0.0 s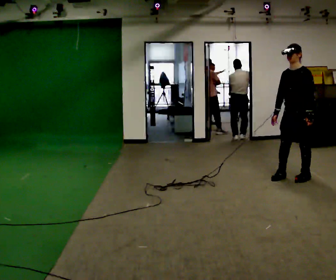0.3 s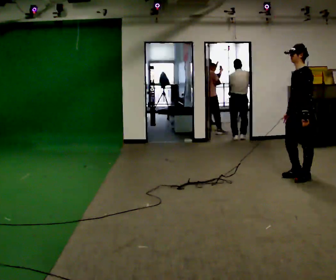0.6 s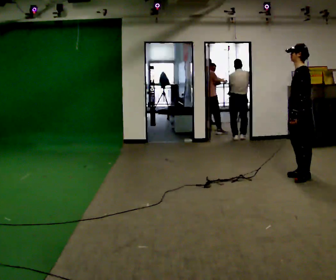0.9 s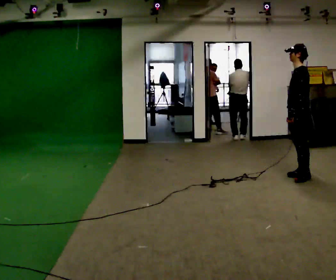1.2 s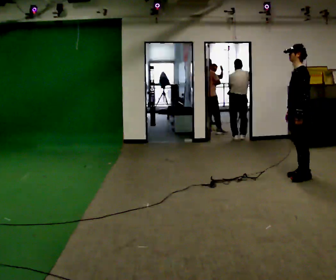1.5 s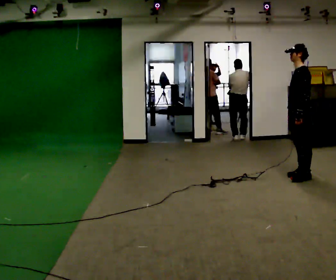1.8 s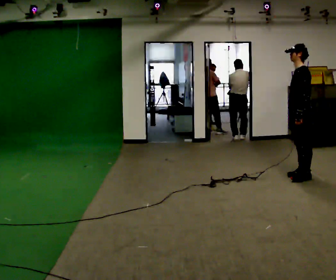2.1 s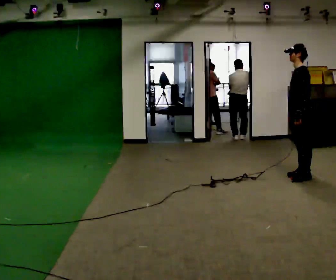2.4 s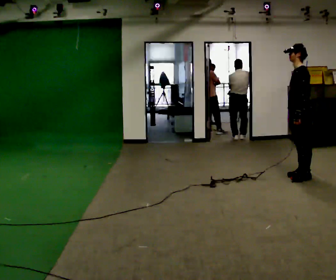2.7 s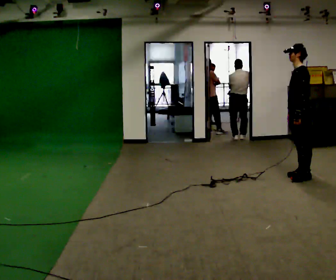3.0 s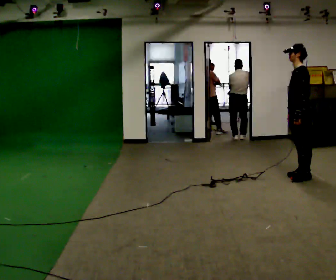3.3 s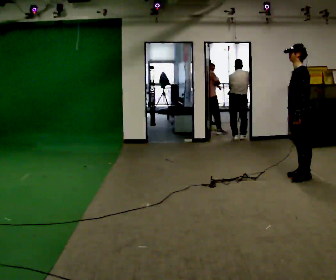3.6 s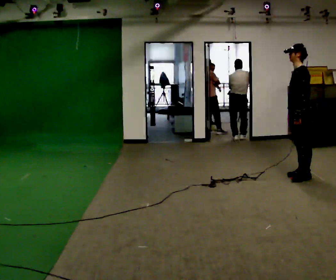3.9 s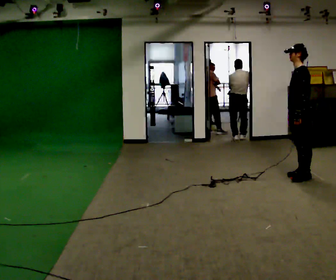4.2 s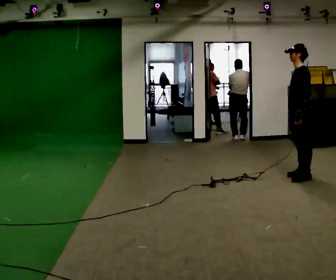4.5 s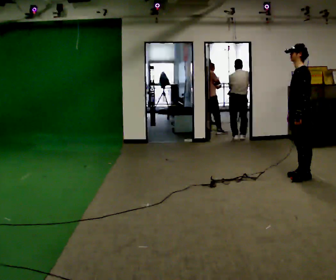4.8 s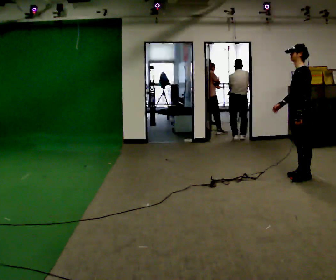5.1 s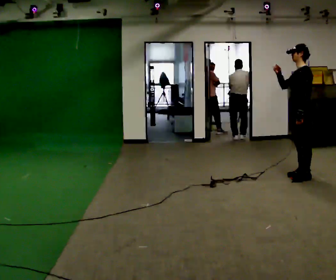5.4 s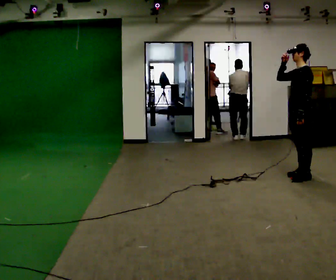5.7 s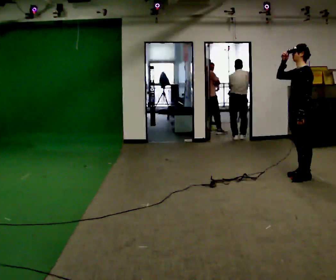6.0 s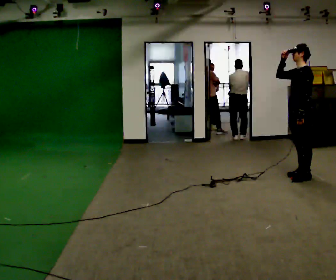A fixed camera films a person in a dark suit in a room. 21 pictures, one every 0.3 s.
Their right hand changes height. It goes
upward.
0.0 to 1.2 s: The part of the body nearest the lens slides to the left as the person turns to their right by about 30 degrees.
1.2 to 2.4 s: The person moves a little, or ends about where they began.
2.4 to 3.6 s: The person keeps their place and pose.
3.6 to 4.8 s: The person moves a little, or ends about where they began.
4.8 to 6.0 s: In the picture their right hand goes upward.
The film runs forward here.
